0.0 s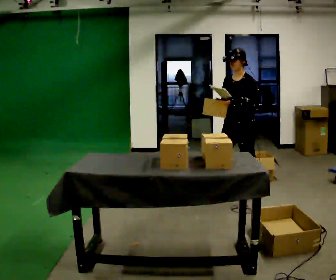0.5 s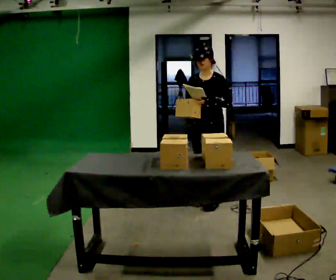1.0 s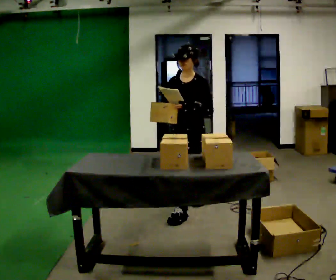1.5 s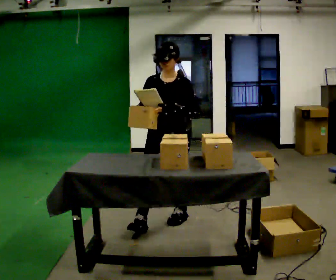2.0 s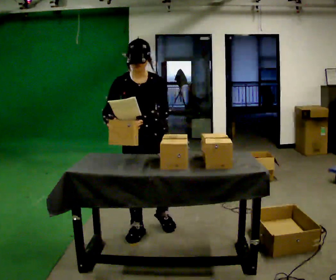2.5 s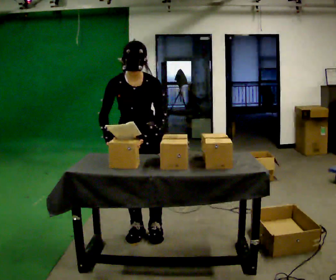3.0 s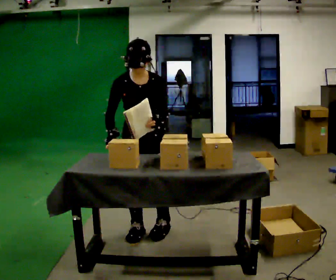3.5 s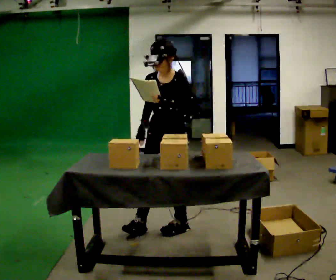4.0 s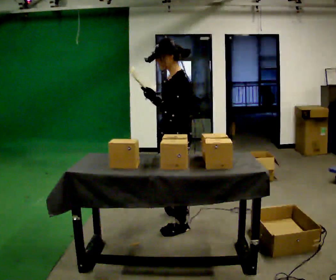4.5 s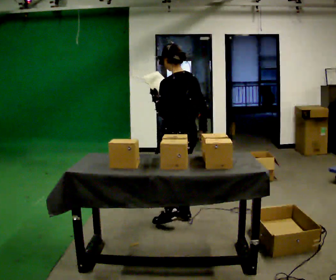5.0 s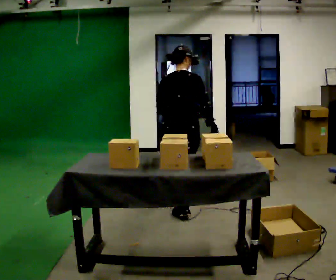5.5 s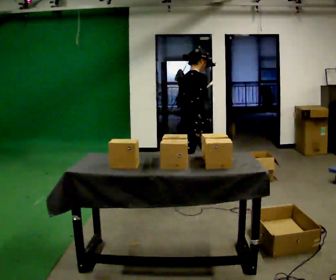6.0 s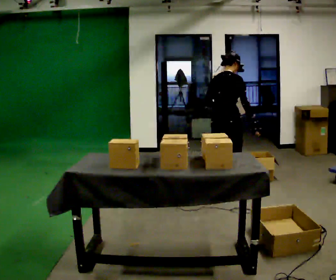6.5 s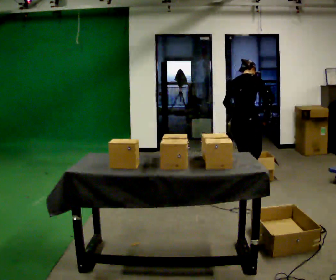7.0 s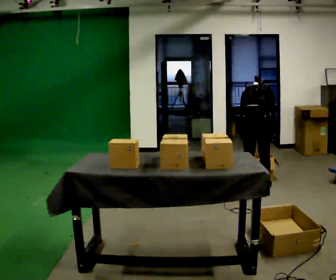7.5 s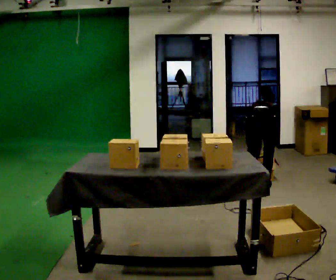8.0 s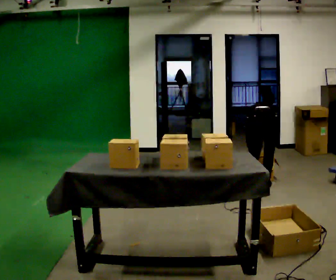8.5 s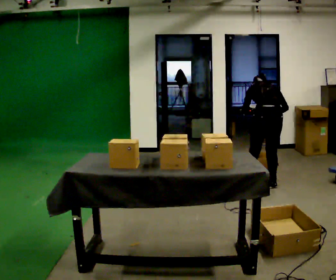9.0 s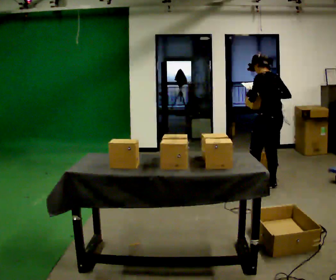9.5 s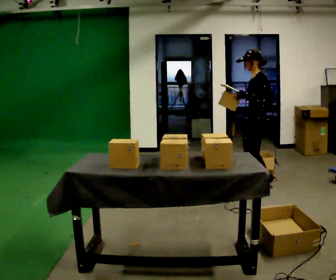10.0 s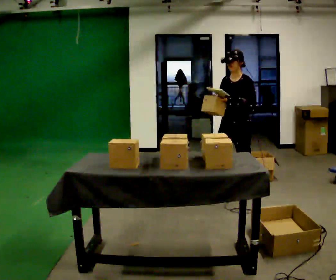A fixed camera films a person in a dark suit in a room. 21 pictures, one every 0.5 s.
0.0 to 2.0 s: The part of the body nearest the lens slides to the right as the person turns to their left by about 60 degrees. In the picture they go toward the camera and to the left, about 1.5 m in 3 steps, which for them is forward.
2.0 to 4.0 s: Seen from above the body turns clockwise, about 105 degrees: to their right, with its near side sliding to the left. In the picture they go to the right, about 0.25 m in 2 steps.
4.0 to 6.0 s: The person turns about 135 degrees to their right, clockwise seen from above, so the part of the body nearest the lens slides to the left. In the picture they go away from the camera and to the right, about 1 m in 3 steps.
6.0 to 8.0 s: The person turns about 30 degrees to their left, counterclockwise seen from above, so the part of the body nearest the lens slides to the right. In the picture they go to the right and away from the camera, about 0.5 m in 2 steps, which for them is to their right and forward. The shoulders move downward. The upper body tips away from the camera, its near side rolling upward, as they bend forward. In the picture their right hand goes downward.
8.0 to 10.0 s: The person turns about 135 degrees to their left, counterclockwise seen from above, so the part of the body nearest the lens slides to the right. In the picture they go to the left and toward the camera, about 0.25 m in 1 step. The shoulders move upward. The upper body tips toward the camera, its near side rolling downward, as they lean back or straighten. In the picture their right hand goes upward.
The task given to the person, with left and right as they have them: 1. Read the parts list. 2. Collect each part from the bins around the room. 3. Lay them out on the table in the order on the list. 4. Put them all in the carry case. 5. Tell the operator when you are finished.
The film runs forward here.
